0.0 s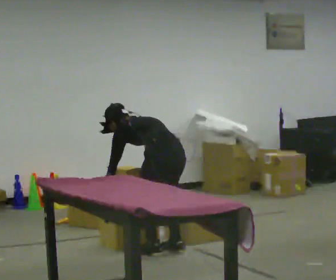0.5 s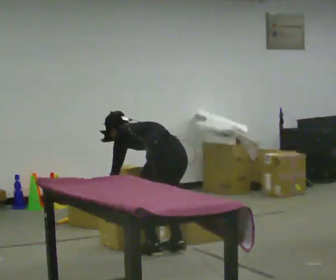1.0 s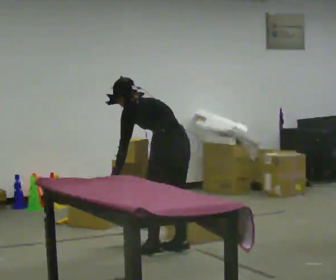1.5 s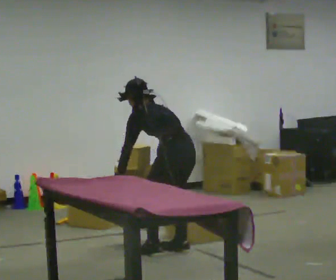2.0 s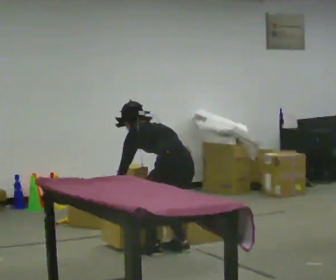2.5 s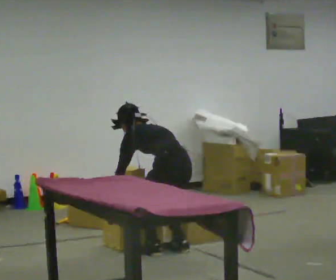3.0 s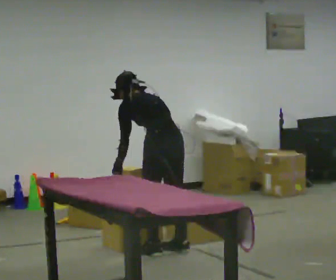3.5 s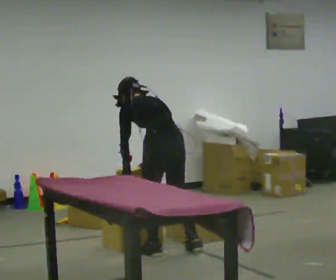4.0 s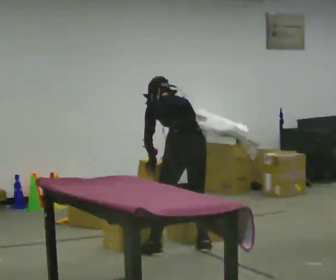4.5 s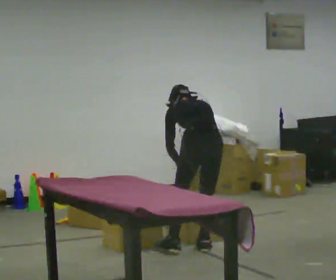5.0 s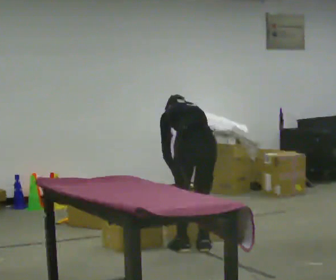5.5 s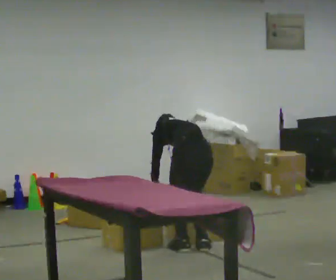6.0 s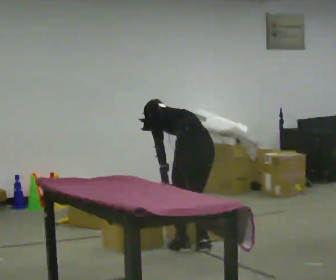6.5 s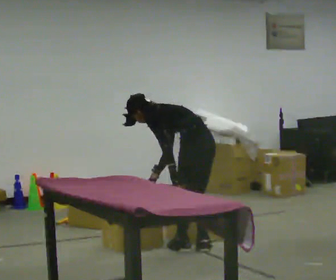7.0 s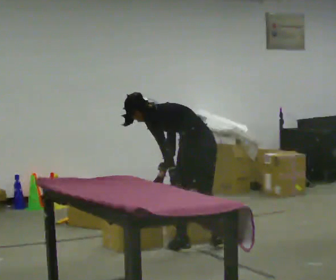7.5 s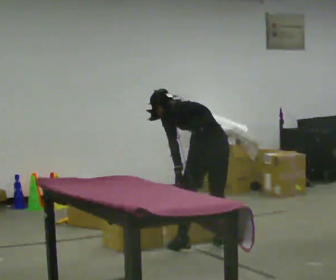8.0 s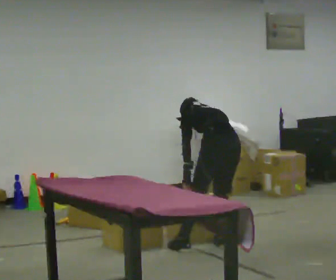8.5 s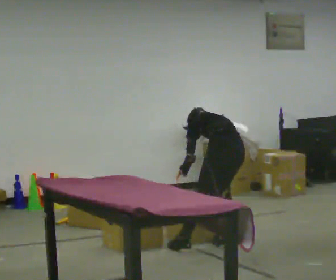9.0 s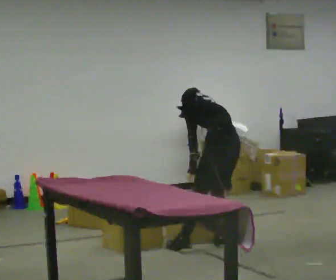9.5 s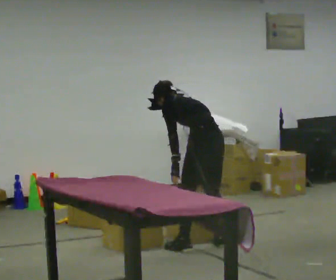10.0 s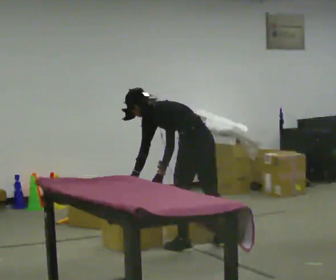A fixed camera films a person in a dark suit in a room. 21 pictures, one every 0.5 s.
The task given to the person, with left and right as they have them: 1. Move everything from the second bin into the first bin. 2. Carry the empty bin to the shelf. 3. Carry the full bin to the table. 4. Tell the operator when you are finished.
0.0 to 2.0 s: The person moves a little, or ends about where they began.
2.0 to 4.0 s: The shoulders move upward. In the picture the upper body tilts clockwise, shoulders to the right. In the picture their left hand goes to the right.
4.0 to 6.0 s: The person moves a little, or ends about where they began.
6.0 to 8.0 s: In the picture they go to the right, about 0.25 m in 1 step, which for them is to their right.
8.0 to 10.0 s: The part of the body nearest the lens slides to the right as the person turns to their left by about 30 degrees. In the picture they go to the left, about 0.25 m, which for them is to their left. The upper body tips toward the camera, its near side rolling downward. In the picture their right hand goes to the left.
The film runs forward here.
